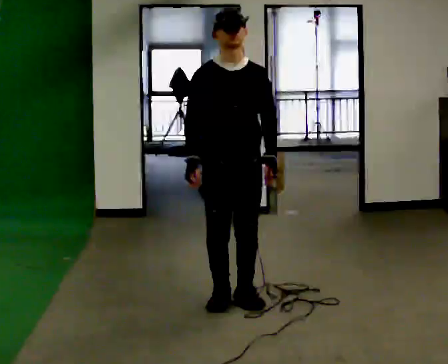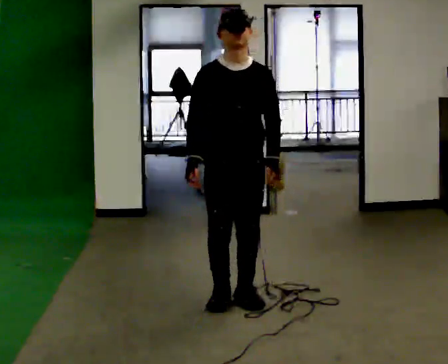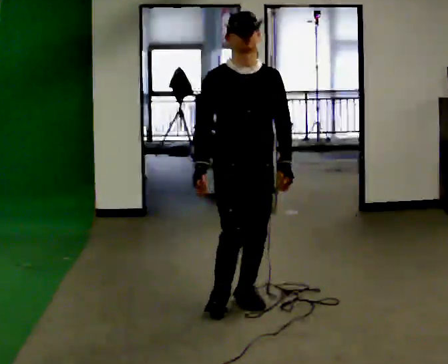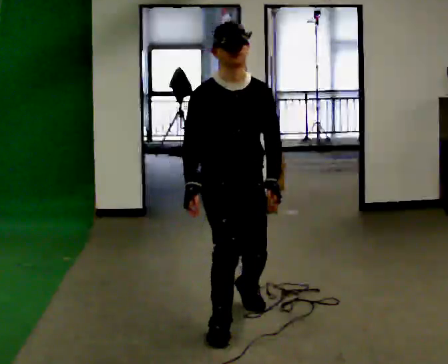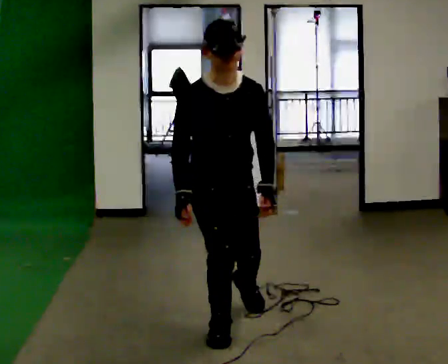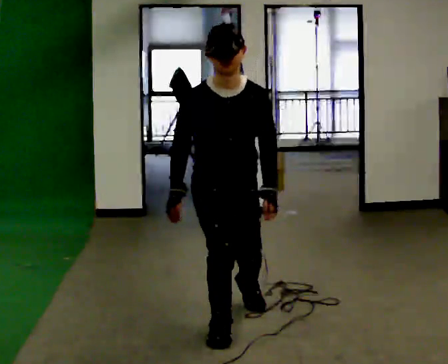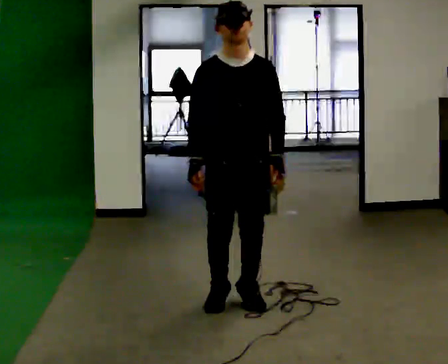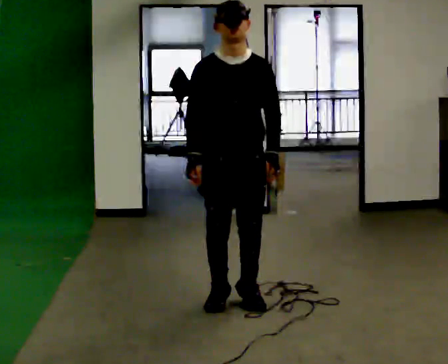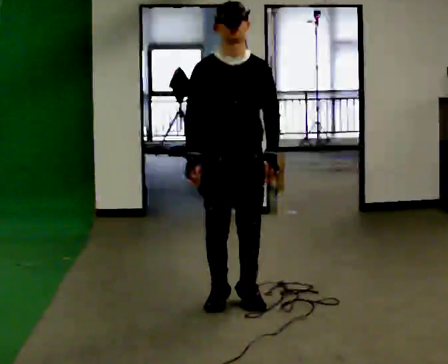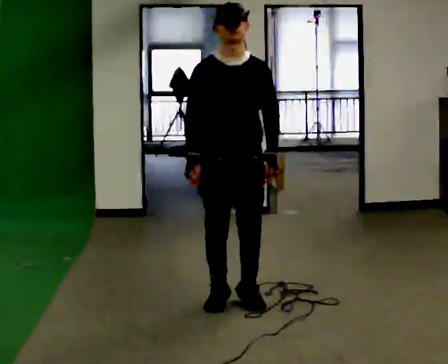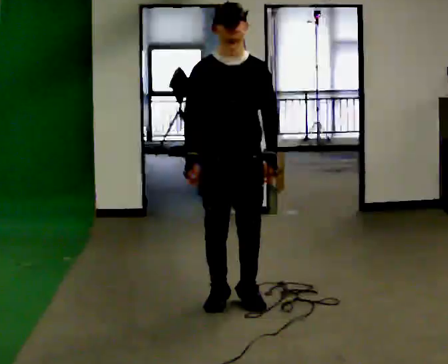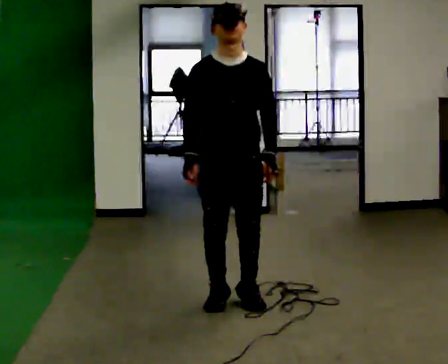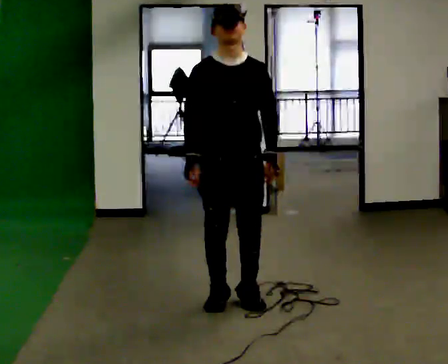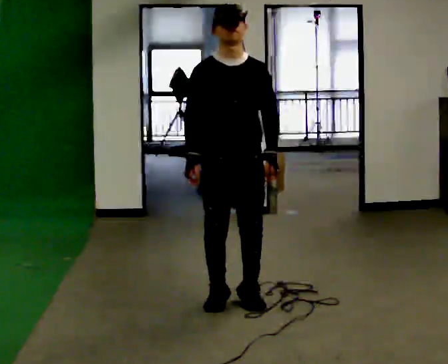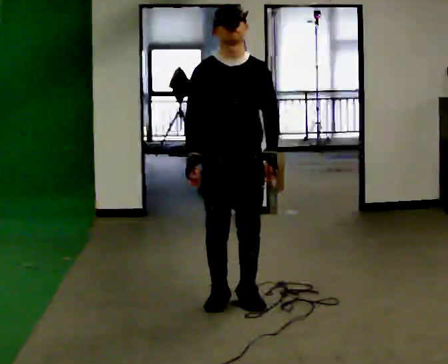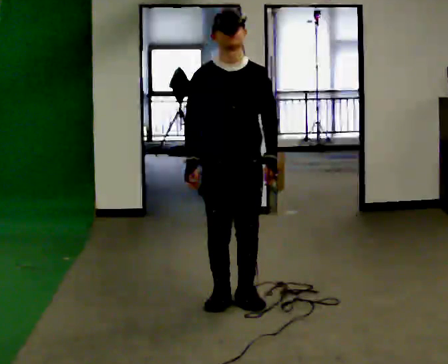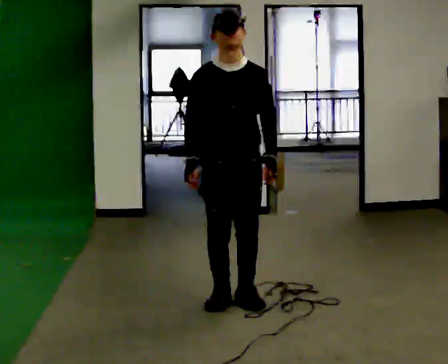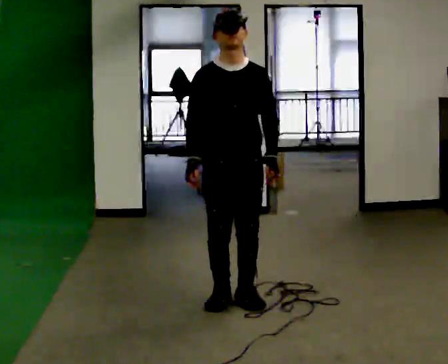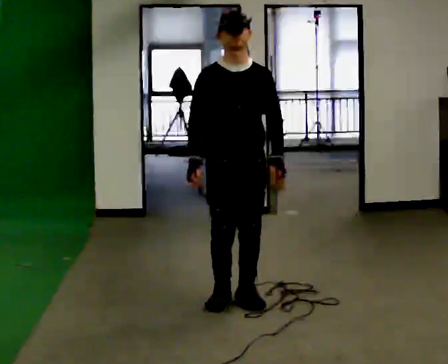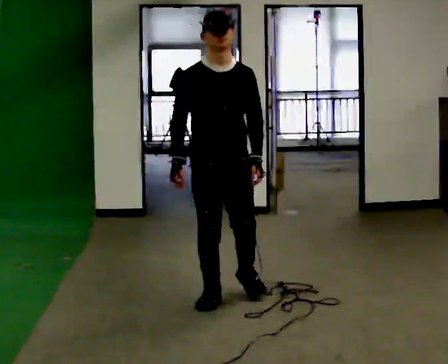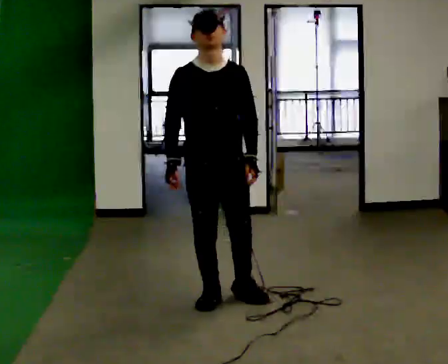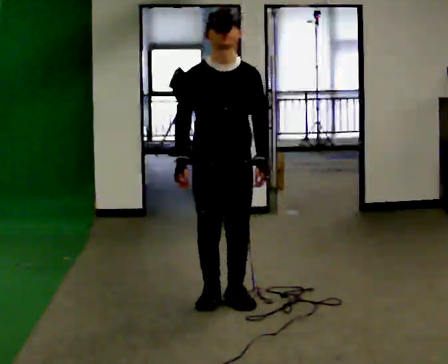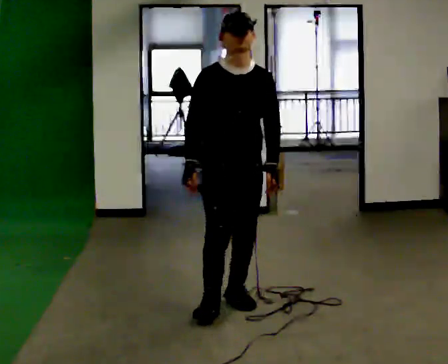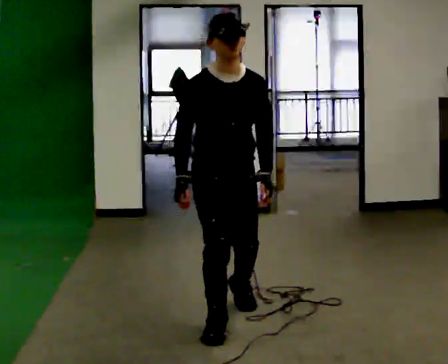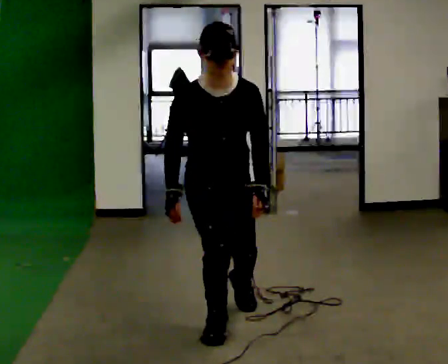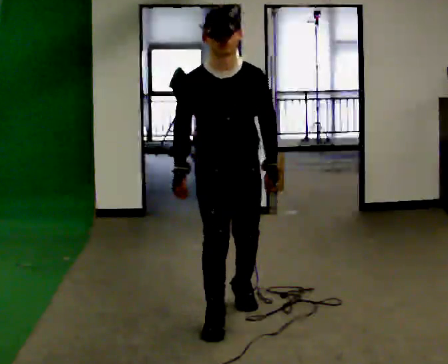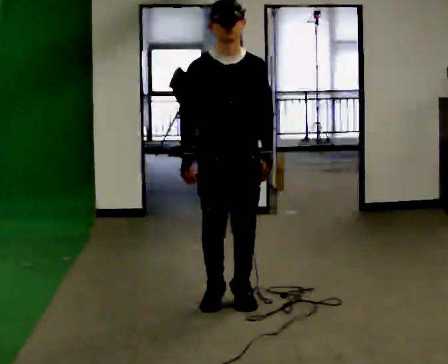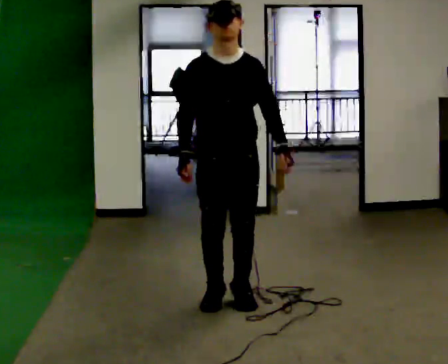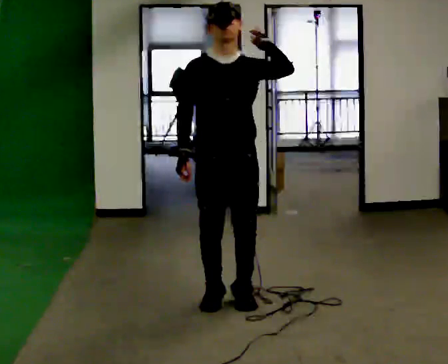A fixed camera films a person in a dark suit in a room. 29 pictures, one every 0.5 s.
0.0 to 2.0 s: In the picture they go toward the camera, about 0.5 m in 1 step, which for them is forward.
2.0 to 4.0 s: In the picture they go away from the camera, about 0.25 m in 1 step, which for them is backward.
4.0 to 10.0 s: The person moves a little, or ends about where they began.
10.0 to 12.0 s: In the picture they go toward the camera, about 0.5 m in 1 step, which for them is forward.
12.0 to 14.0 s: In the picture they go away from the camera, about 0.25 m in 1 step, which for them is backward. The upper body tips away from the camera, its near side rolling upward, as they lean back or straighten. In the picture their left hand goes upward.
The film runs backward here.
